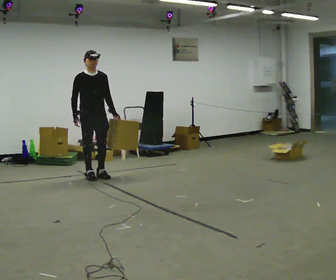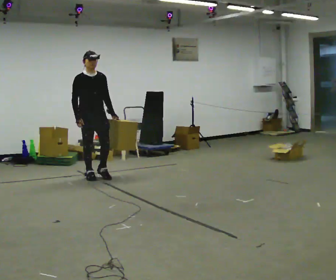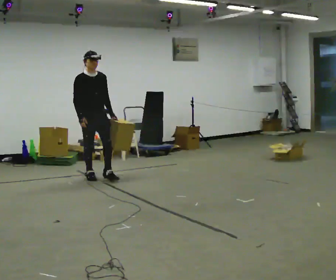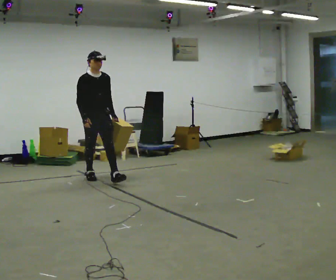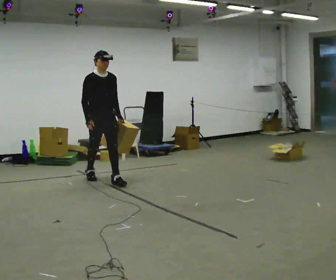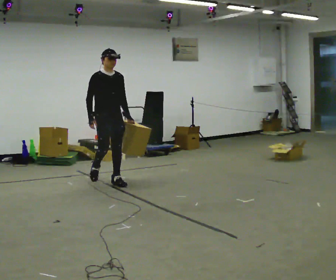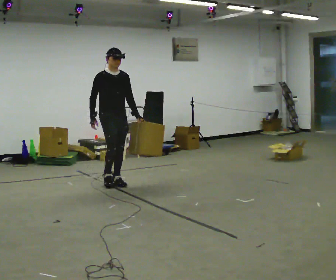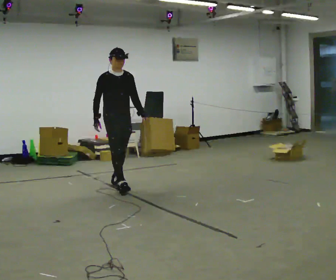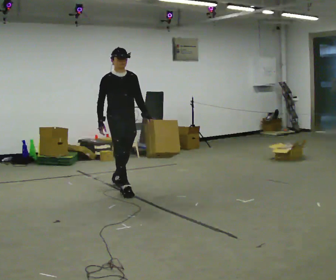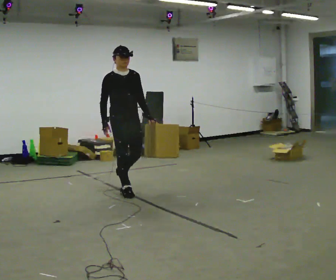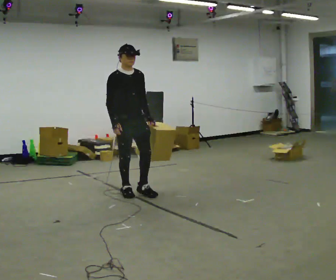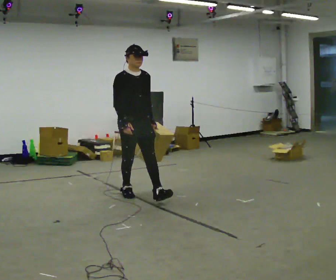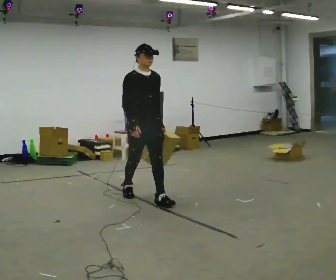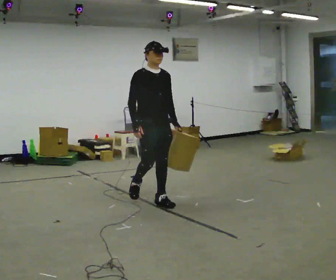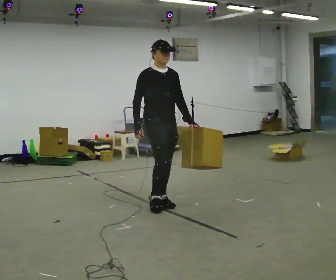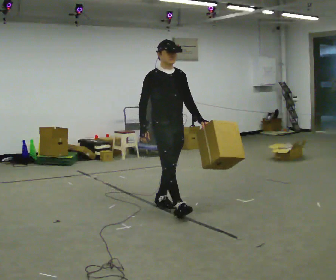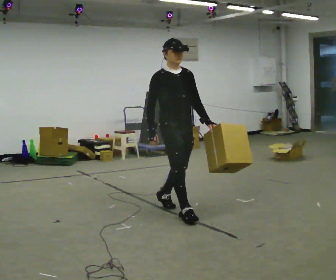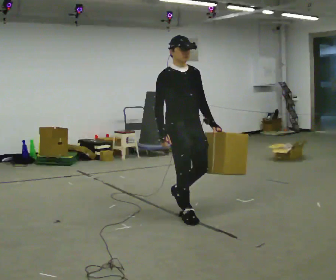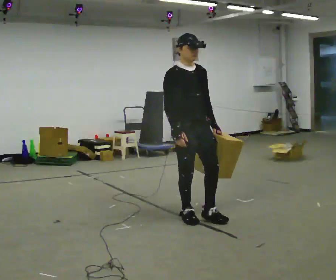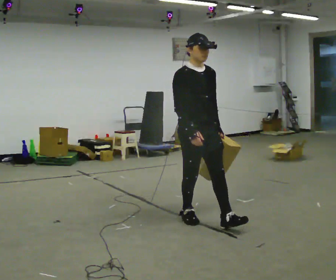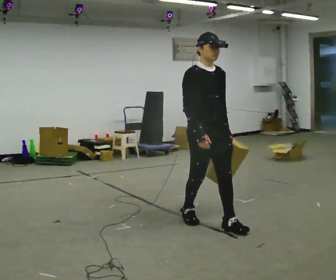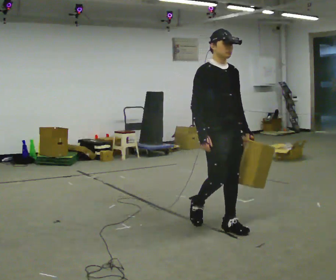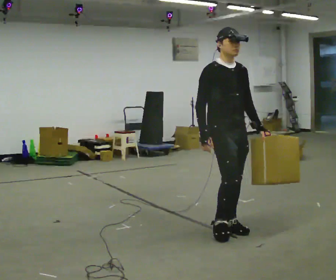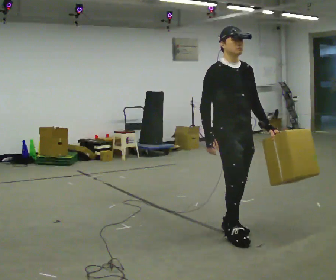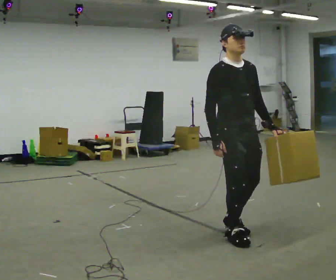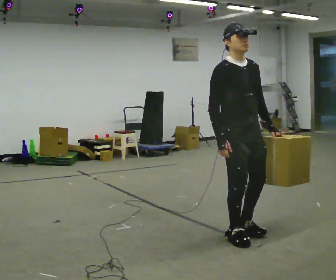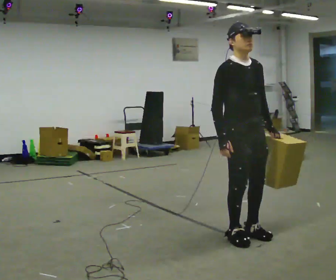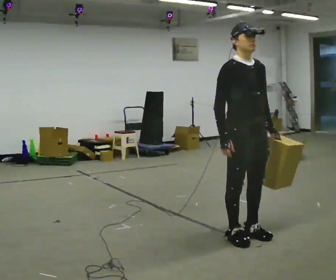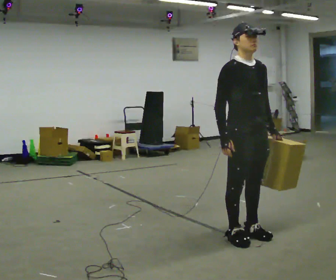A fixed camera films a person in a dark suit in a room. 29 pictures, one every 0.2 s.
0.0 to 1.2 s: In the picture they go toward the camera and to the right, about 0.5 m in 1 step, which for them is forward.
1.2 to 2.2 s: In the picture they go toward the camera and to the right, about 0.75 m in 1 step, which for them is forward.
2.2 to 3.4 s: In the picture they go toward the camera and to the right, about 1 m in 2 steps, which for them is forward.
3.4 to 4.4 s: In the picture they go toward the camera and to the right, about 0.5 m in 1 step, which for them is forward.
4.4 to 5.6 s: In the picture they go toward the camera, about 0.25 m in 2 steps, which for them is forward.
The film runs forward here.
